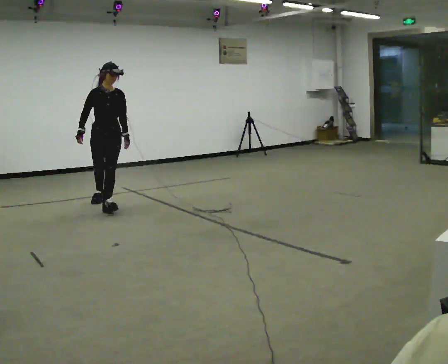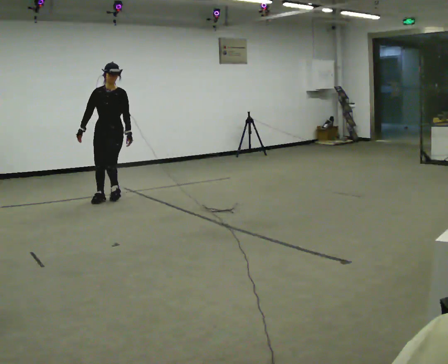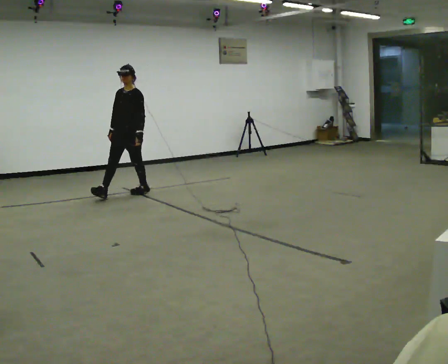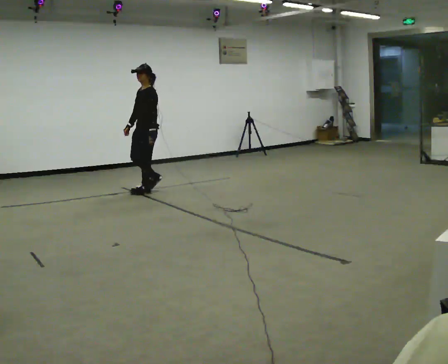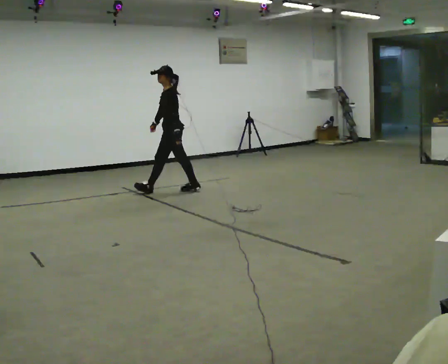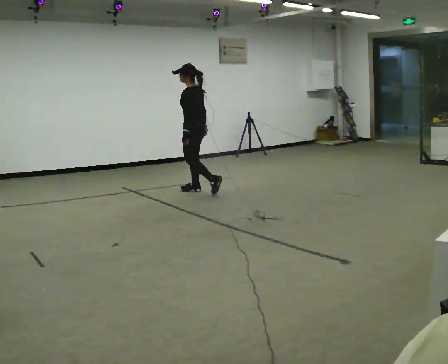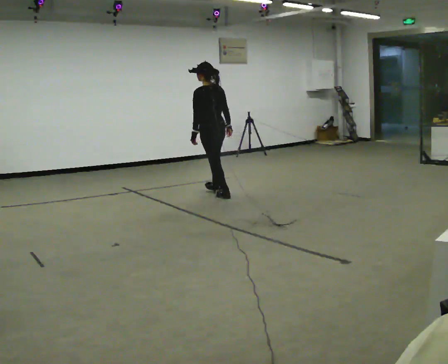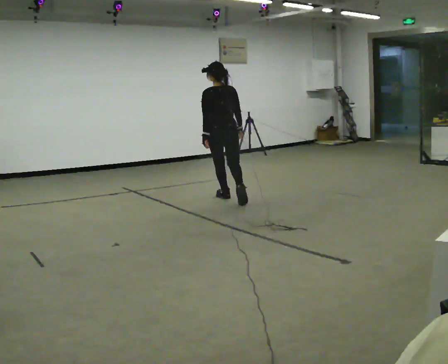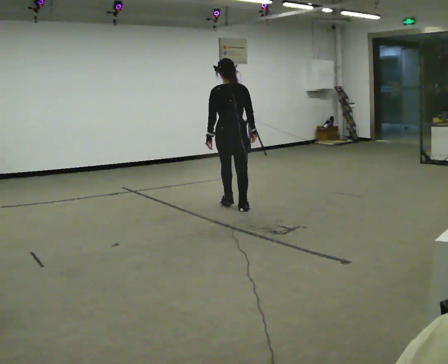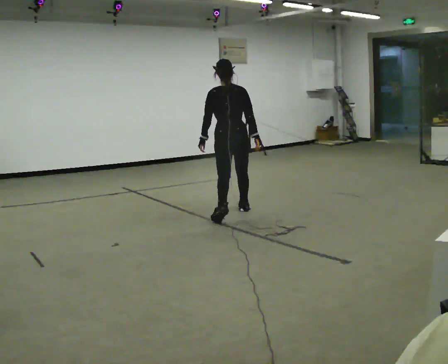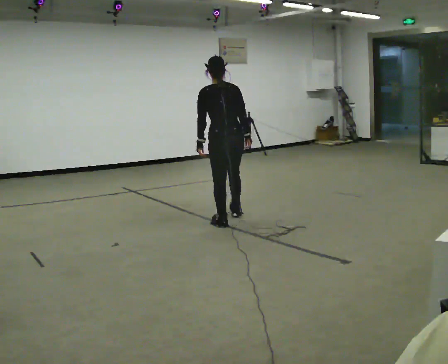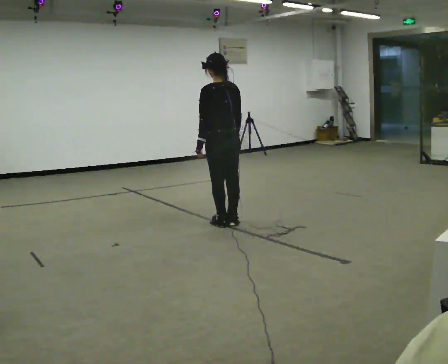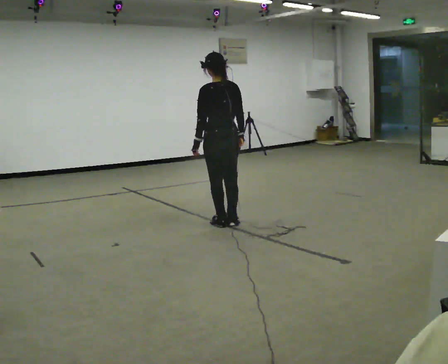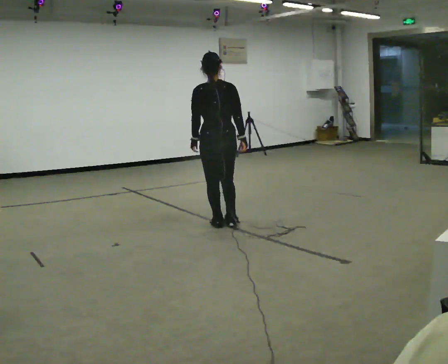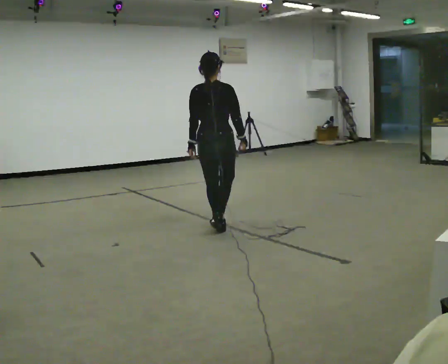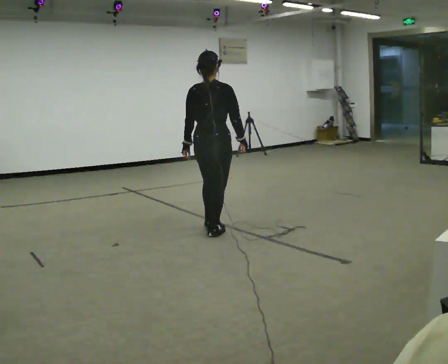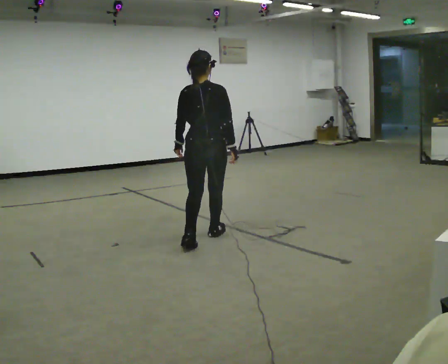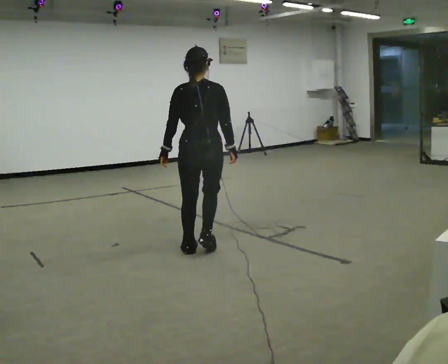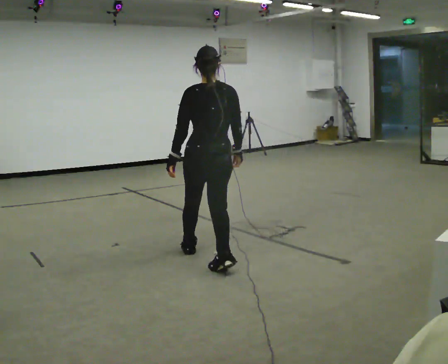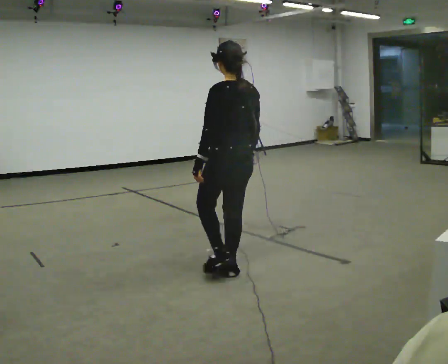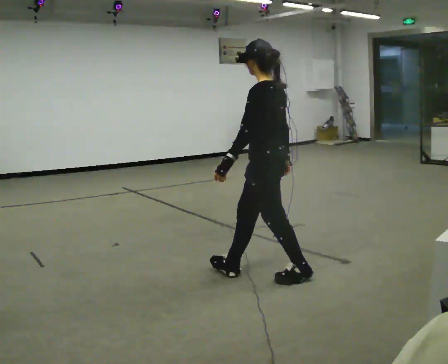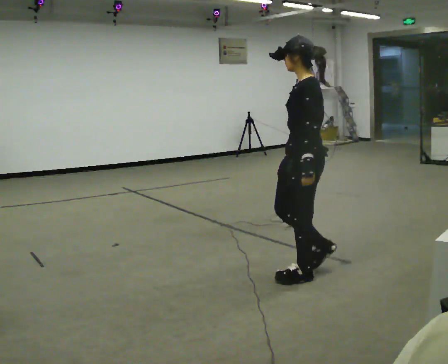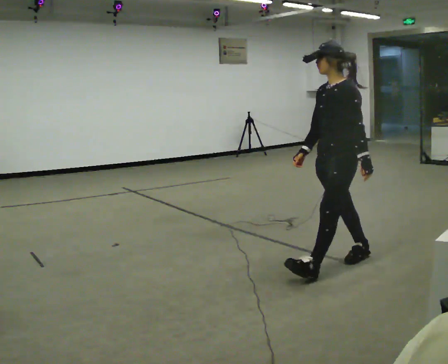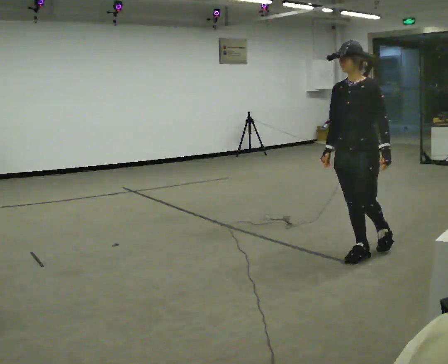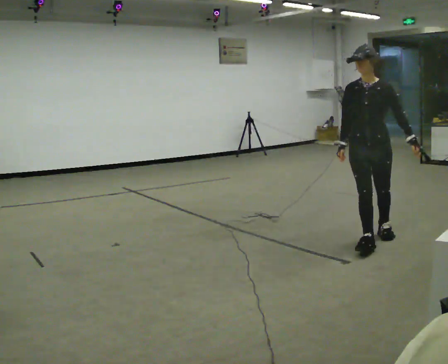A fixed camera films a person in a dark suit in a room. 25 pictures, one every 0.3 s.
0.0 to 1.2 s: The person turns about 105 degrees to their right, clockwise seen from above, so the part of the body nearest the lens slides to the left. In the picture they go away from the camera and to the right, about 1 m in 2 steps.
1.2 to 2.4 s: Seen from above the body turns clockwise, about 90 degrees: to their right, with its near side sliding to the left. In the picture they go toward the camera and to the right, about 1 m in 2 steps.
2.4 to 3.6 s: In the picture they go toward the camera, about 0.75 m in 1 step, which for them is backward.
3.6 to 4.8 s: Seen from above the body turns clockwise, about 45 degrees: to their right, with its near side sliding to the left. In the picture they go toward the camera, about 0.5 m in 2 steps, which for them is backward.
4.8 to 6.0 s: The part of the body nearest the lens slides to the right as the person turns to their left by about 90 degrees. In the picture they go toward the camera and to the right, about 1 m in 2 steps.
6.0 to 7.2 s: Seen from above the body turns counterclockwise, about 90 degrees: to their left, with its near side sliding to the right. In the picture they go to the right and away from the camera, about 1 m in 3 steps.
The film runs backward here.
